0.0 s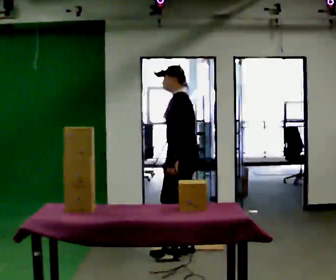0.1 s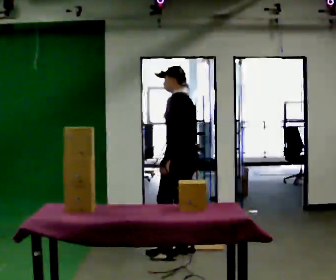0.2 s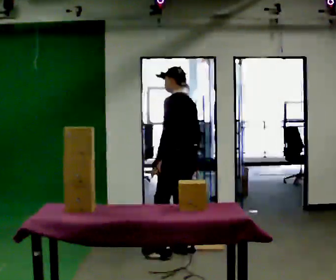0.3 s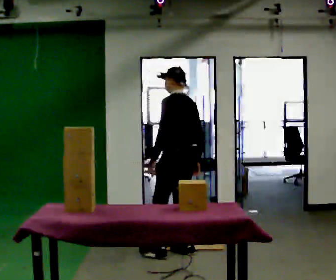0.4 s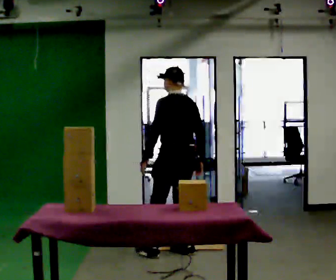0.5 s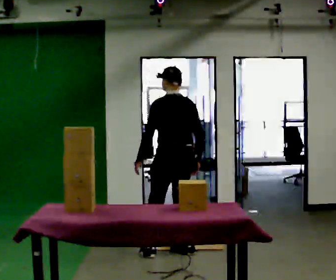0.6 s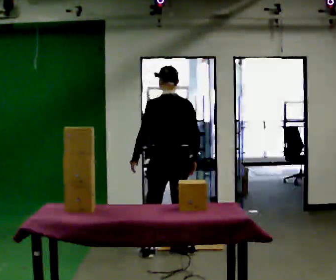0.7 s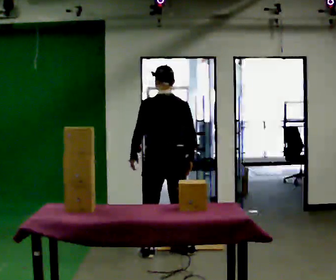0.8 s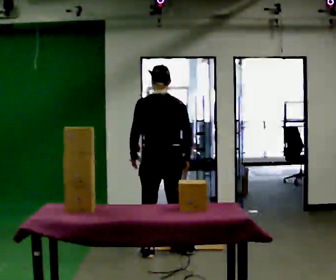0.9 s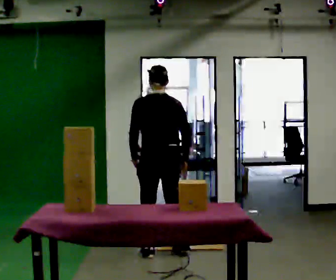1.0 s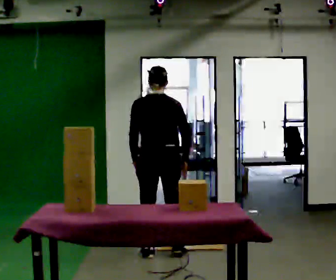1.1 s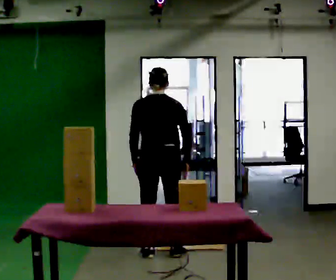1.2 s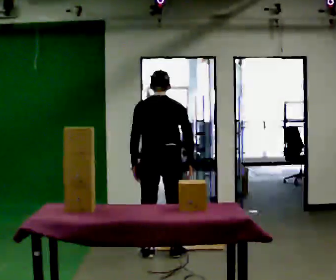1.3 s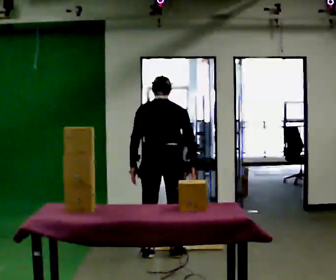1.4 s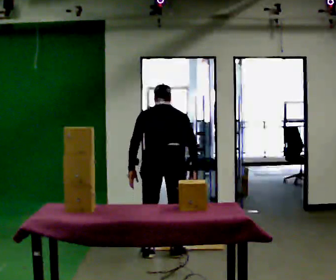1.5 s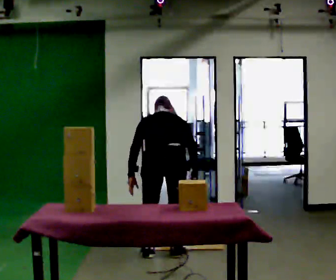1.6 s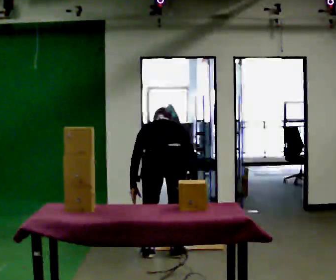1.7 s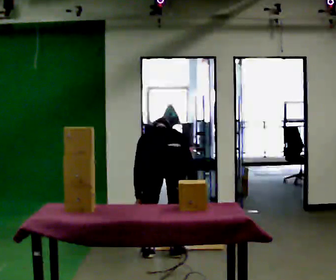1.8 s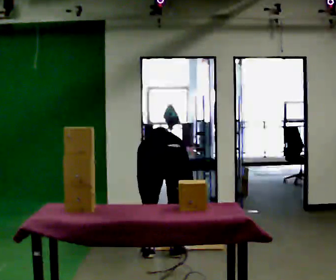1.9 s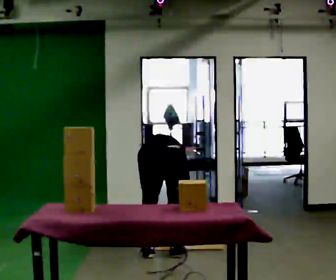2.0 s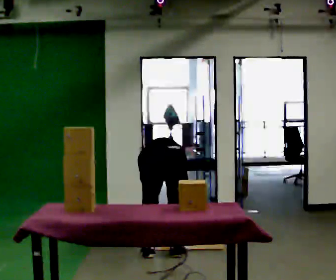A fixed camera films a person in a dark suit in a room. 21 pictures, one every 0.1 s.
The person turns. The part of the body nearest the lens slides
to the left.
Their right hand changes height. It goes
downward.
0.0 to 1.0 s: The person turns about 75 degrees to their right, clockwise seen from above, so the part of the body nearest the lens slides to the left. In the picture they go to the left, about 0.25 m in 2 steps. In the picture their left hand goes to the left.
1.0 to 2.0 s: In the picture they go toward the camera, about 0.25 m, which for them is backward. The upper body goes downward. The upper body tips away from the camera, its near side rolling upward, as they bend forward. In the picture their left hand goes downward.
The film runs backward here.
